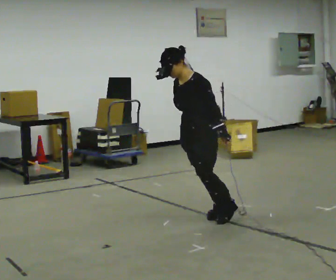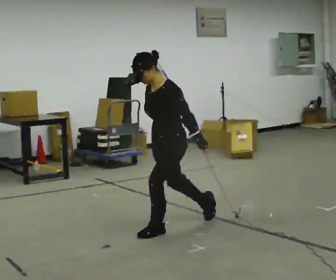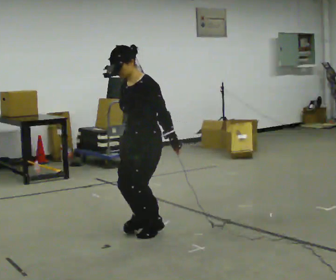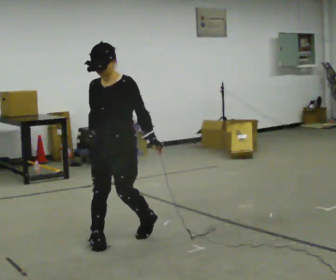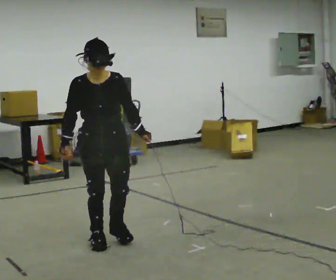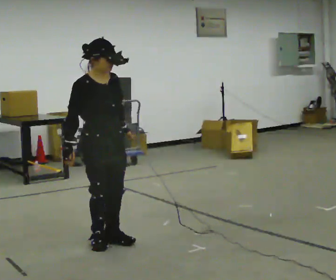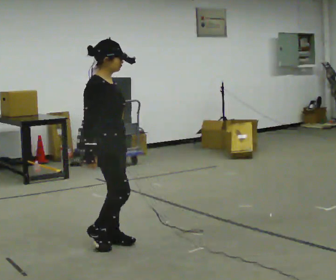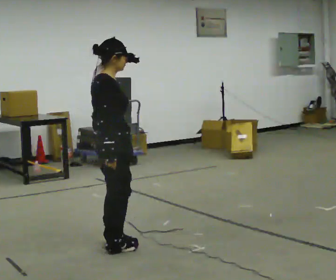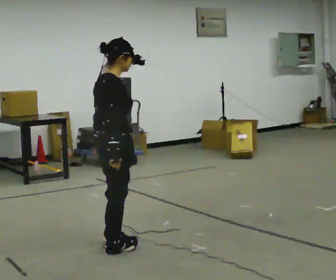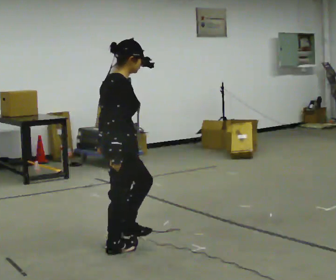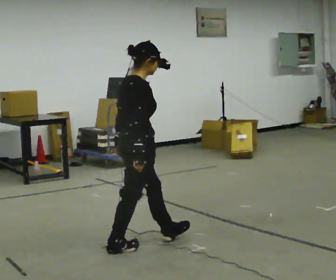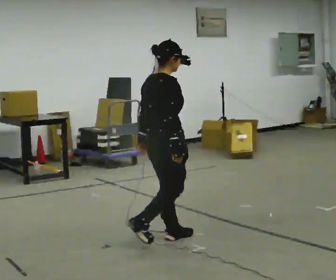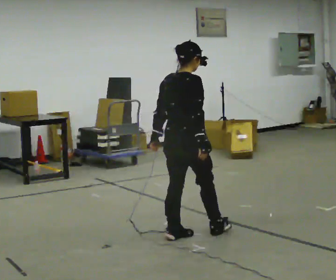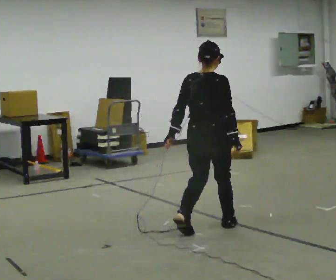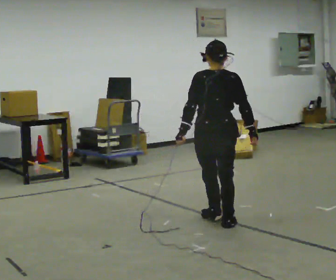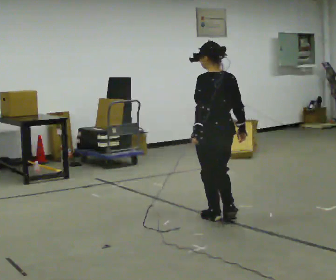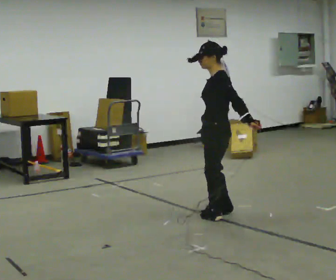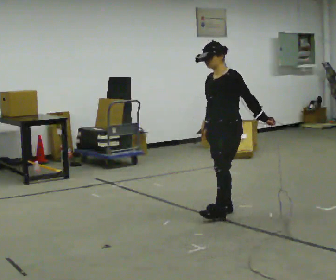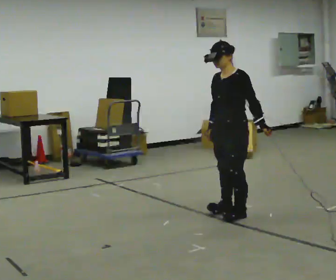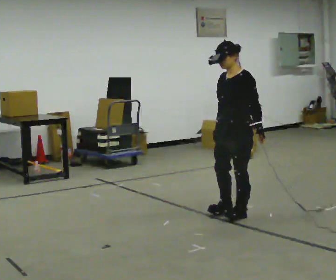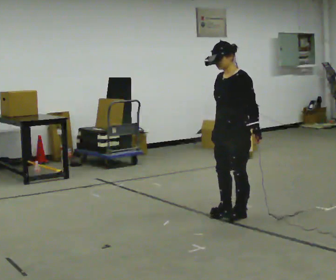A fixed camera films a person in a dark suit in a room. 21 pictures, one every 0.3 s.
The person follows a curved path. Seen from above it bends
counterclockwise.
The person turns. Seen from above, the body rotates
counterclockwise.
0.0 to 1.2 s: The part of the body nearest the lens slides to the right as the person turns to their left by about 60 degrees. In the picture they go to the left and toward the camera, about 1 m in 2 steps.
1.2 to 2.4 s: Seen from above the body turns counterclockwise, about 90 degrees: to their left, with its near side sliding to the right. In the picture their left hand goes to the left, the arm swinging clockwise.
2.4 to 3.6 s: The part of the body nearest the lens slides to the right as the person turns to their left by about 30 degrees. In the picture they go to the right and away from the camera, about 0.5 m in 1 step, which for them is forward.
3.6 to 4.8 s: The person turns about 135 degrees to their left, counterclockwise seen from above, so the part of the body nearest the lens slides to the right. In the picture they go away from the camera and to the right, about 0.5 m in 2 steps.
4.8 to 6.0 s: Seen from above the body turns counterclockwise, about 45 degrees: to their left, with its near side sliding to the right.
The film runs forward here.
